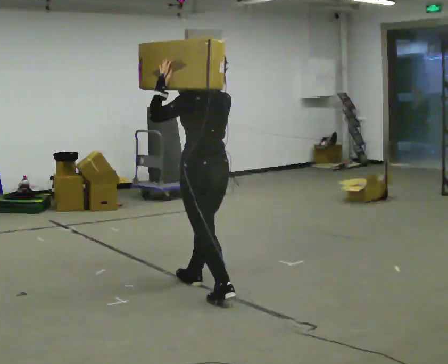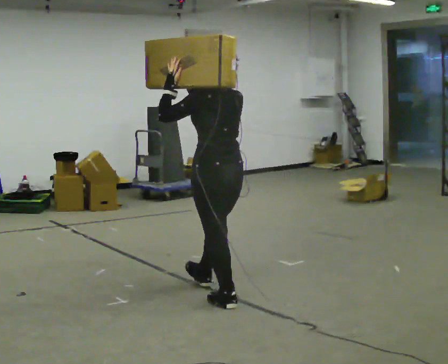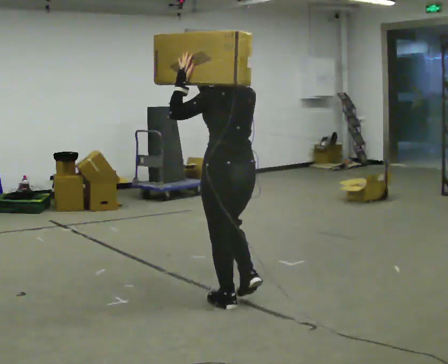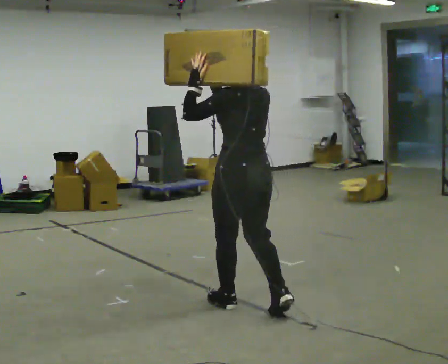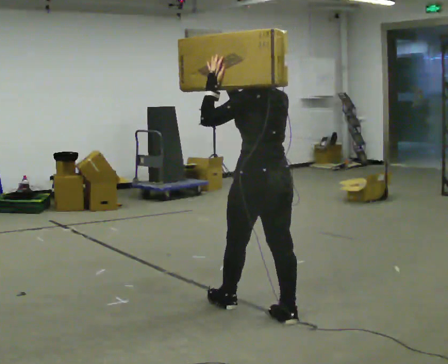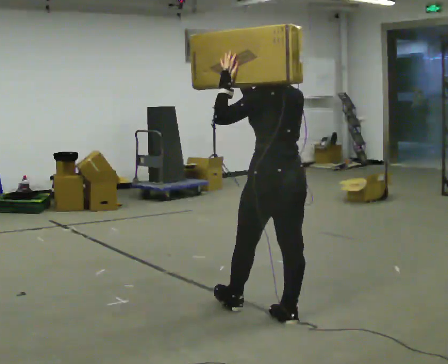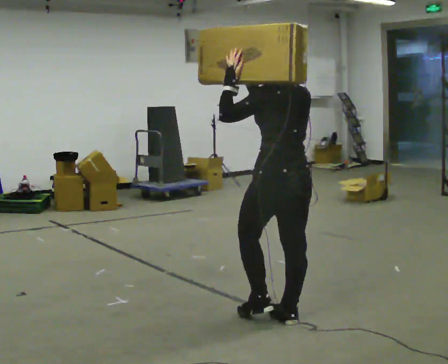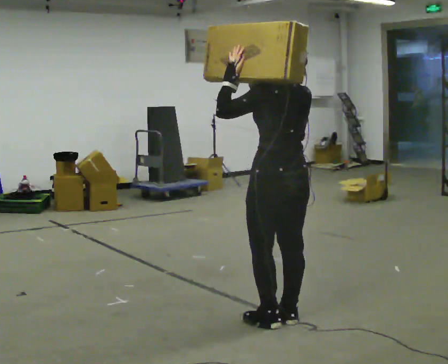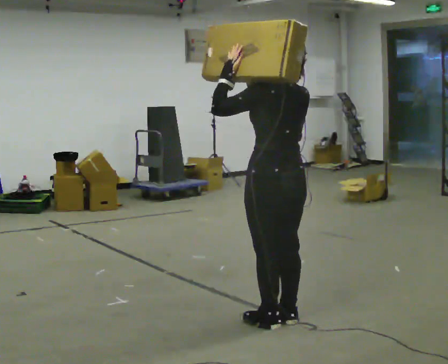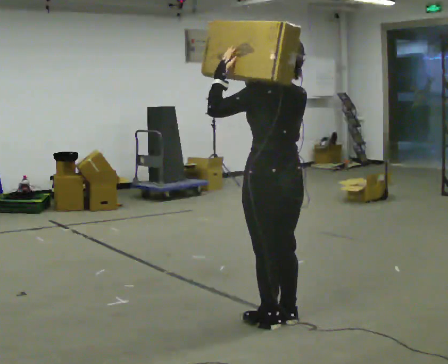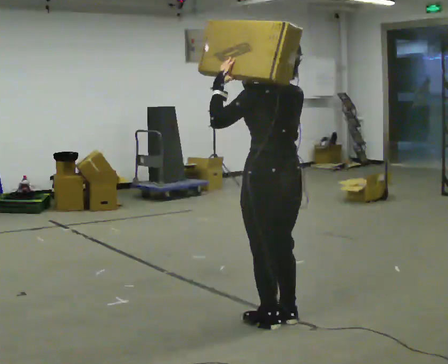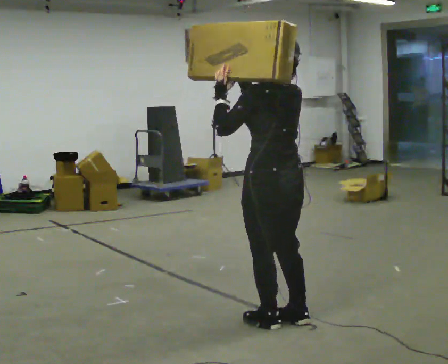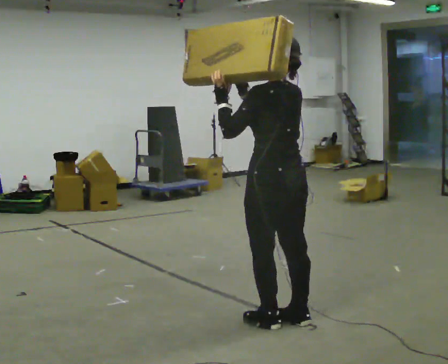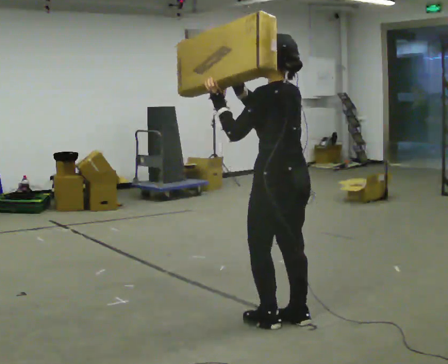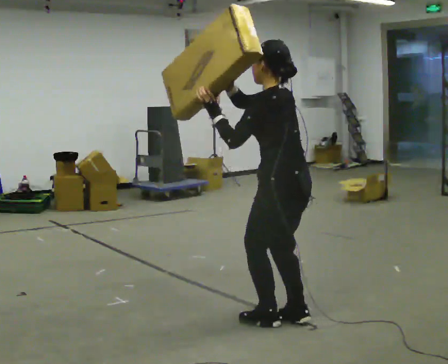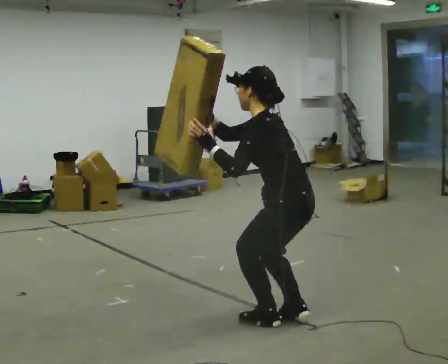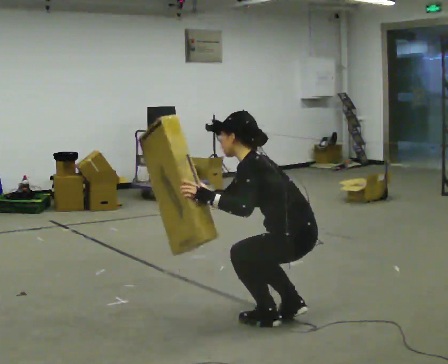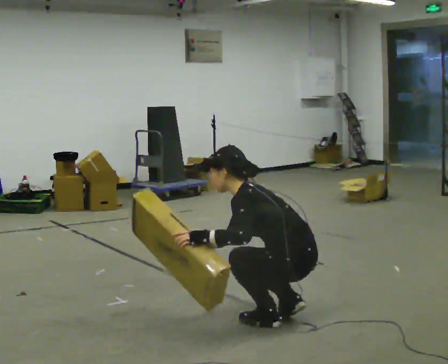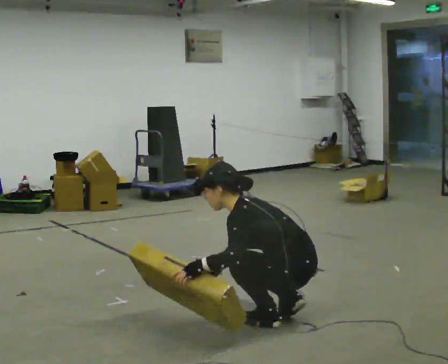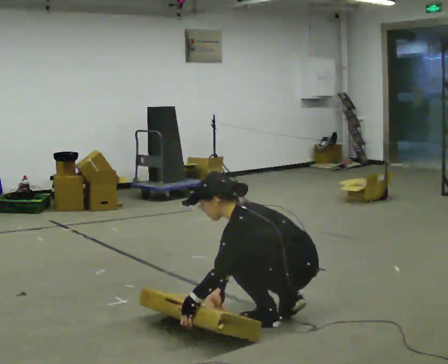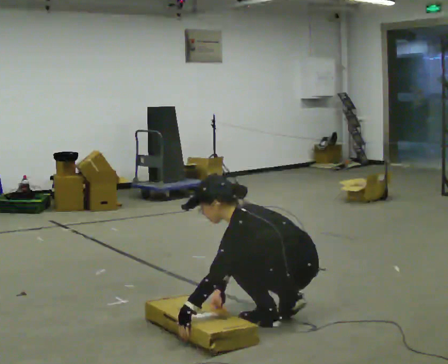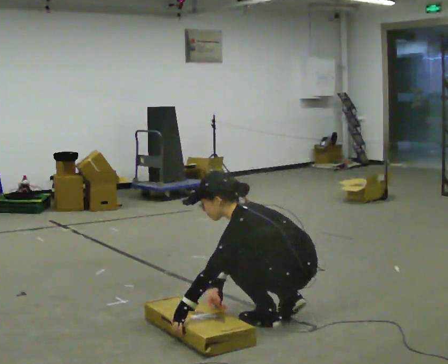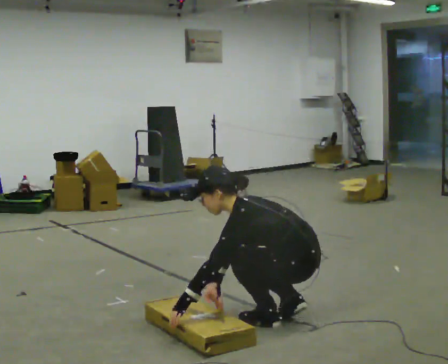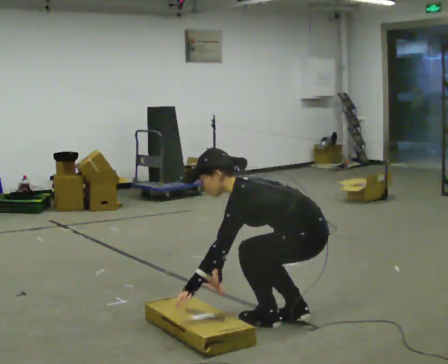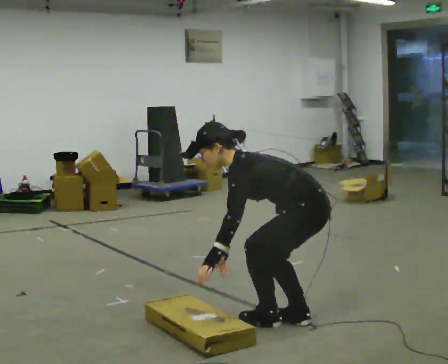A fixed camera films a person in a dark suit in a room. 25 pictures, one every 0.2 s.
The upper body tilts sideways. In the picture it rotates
counterclockwise.
0.0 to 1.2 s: In the picture they go toward the camera and to the right, about 0.5 m in 2 steps, which for them is backward.
1.2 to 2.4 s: The person moves a little, or ends about where they began.
2.4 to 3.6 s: Seen from above the body turns counterclockwise, about 30 degrees: to their left, with its near side sliding to the right. The shoulders move downward. In the picture the upper body tilts counterclockwise, shoulders to the left, as they bend forward. In the picture their right hand goes downward.
3.6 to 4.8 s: The shoulders move upward. In the picture the upper body tilts counterclockwise, shoulders to the left, as they bend forward.
The film runs backward here.
